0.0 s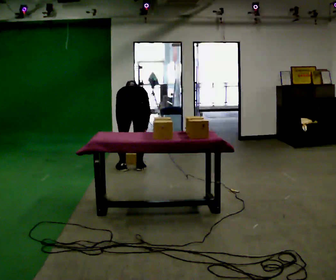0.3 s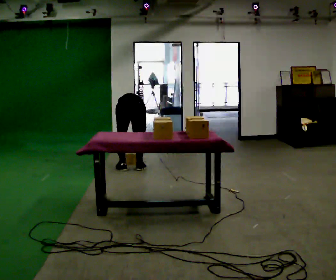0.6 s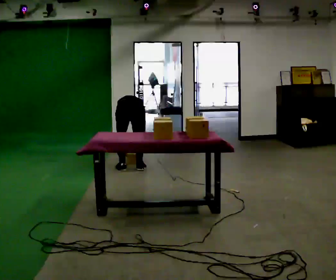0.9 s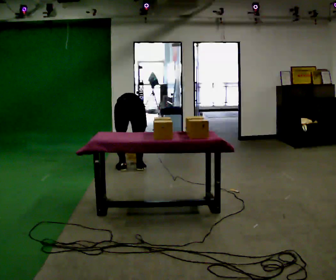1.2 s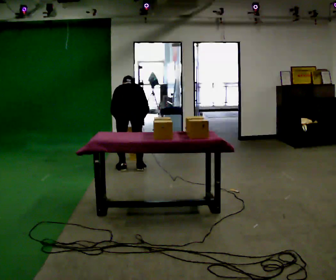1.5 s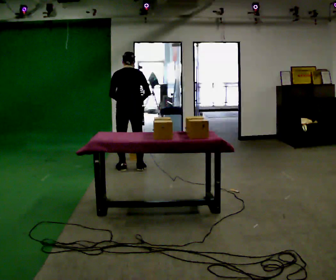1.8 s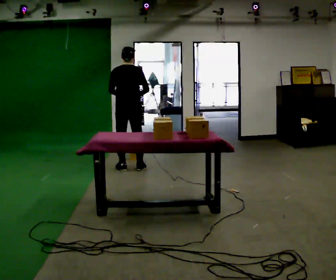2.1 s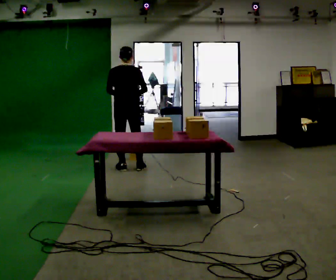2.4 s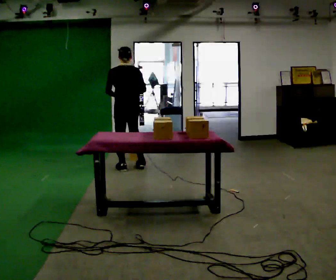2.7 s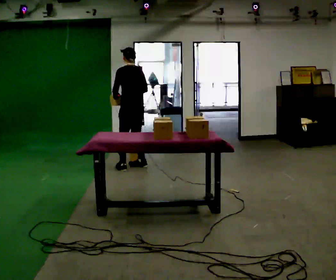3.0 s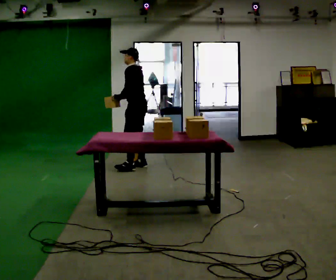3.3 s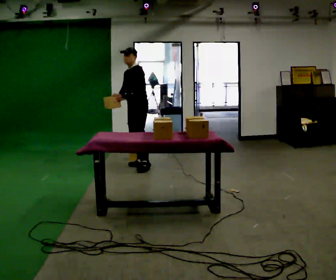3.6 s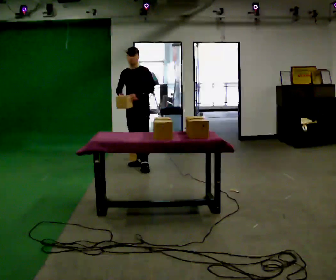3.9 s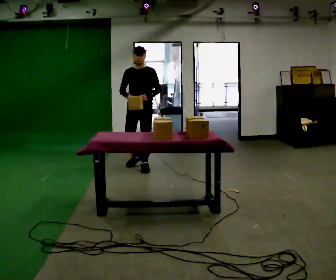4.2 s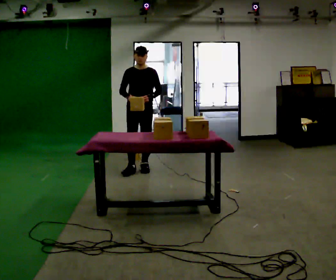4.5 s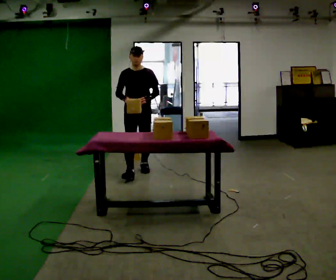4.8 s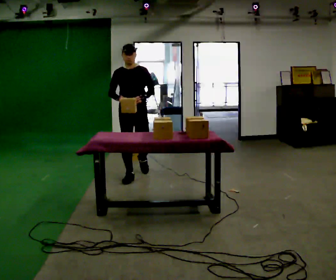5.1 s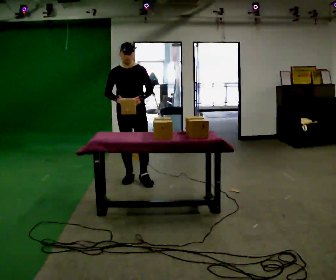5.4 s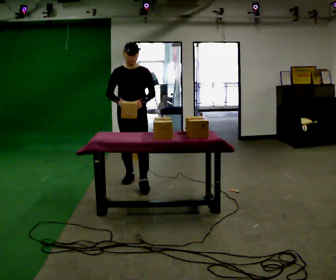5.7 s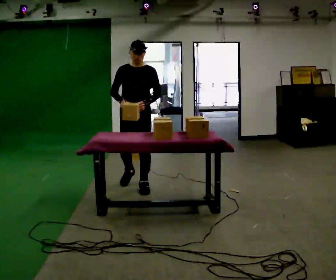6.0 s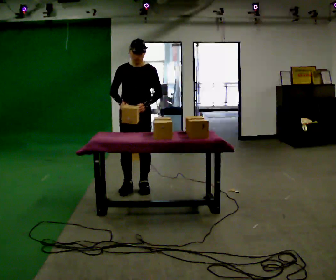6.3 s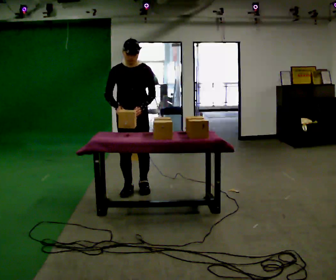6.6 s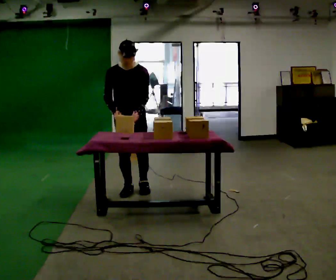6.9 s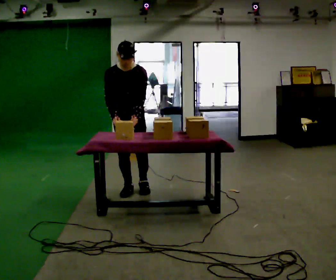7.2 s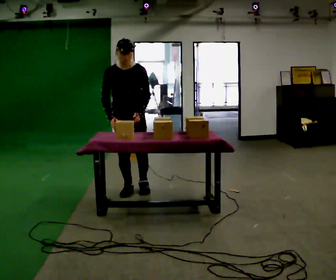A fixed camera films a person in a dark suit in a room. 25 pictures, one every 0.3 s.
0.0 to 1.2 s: The person moves a little, or ends about where they began.
1.2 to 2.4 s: In the picture they go away from the camera, about 0.25 m, which for them is forward. The shoulders move upward. The upper body tips toward the camera, its near side rolling downward, as they lean back or straighten. In the picture their right hand goes upward.
2.4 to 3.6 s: The part of the body nearest the lens slides to the right as the person turns to their left by about 135 degrees. In the picture they go to the right, about 0.25 m in 2 steps. In the picture their left hand goes to the right.
3.6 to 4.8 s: The person turns about 30 degrees to their left, counterclockwise seen from above, so the part of the body nearest the lens slides to the right. In the picture they go toward the camera, about 0.5 m in 1 step, which for them is forward.
4.8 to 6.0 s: In the picture they go toward the camera, about 0.5 m in 1 step, which for them is forward.
6.0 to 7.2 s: The person moves a little, or ends about where they began.
The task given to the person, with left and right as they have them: Take boxes off the top of the stack one at a time and carry them away, walking back for each one. Keep going until the operator says stop; one object at a time, and do not rush between trips.
The film runs forward here.
